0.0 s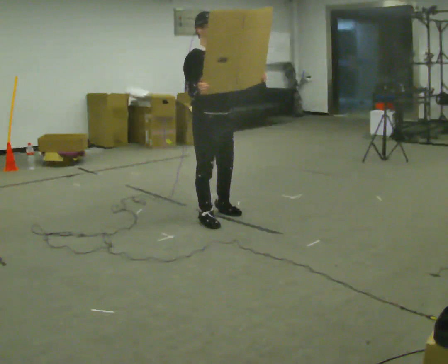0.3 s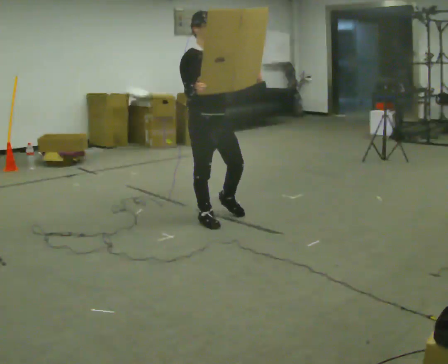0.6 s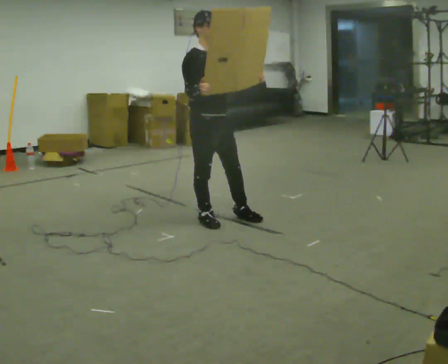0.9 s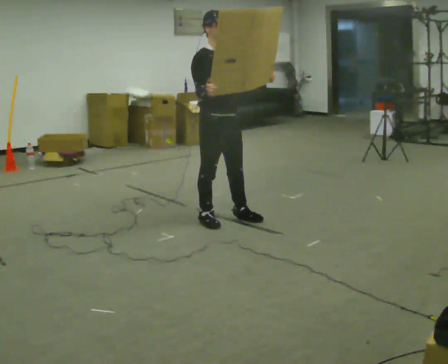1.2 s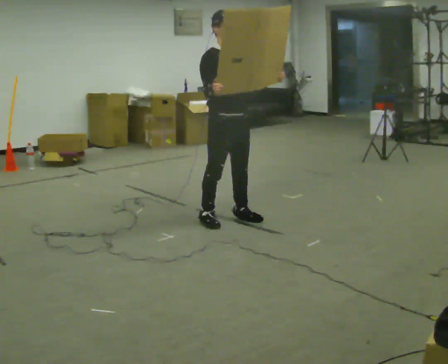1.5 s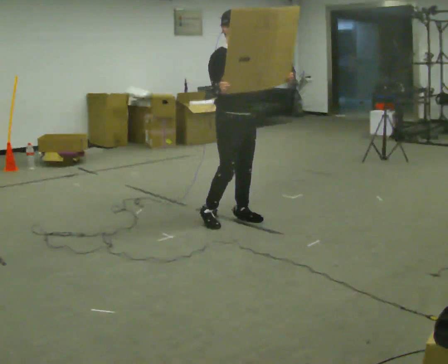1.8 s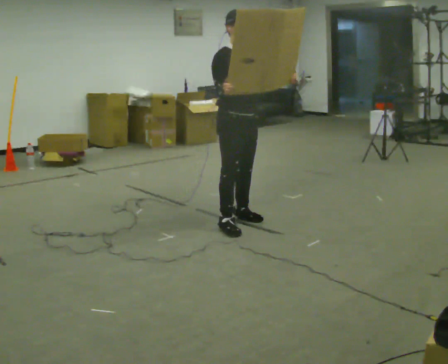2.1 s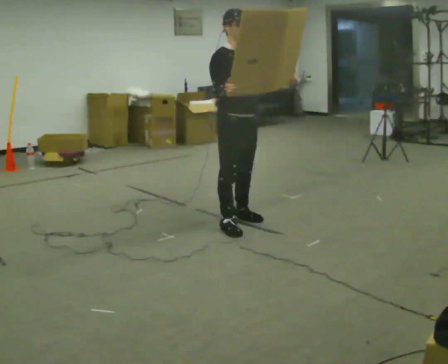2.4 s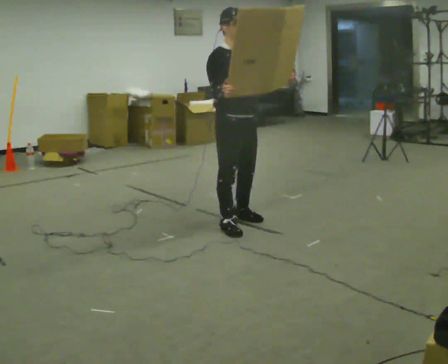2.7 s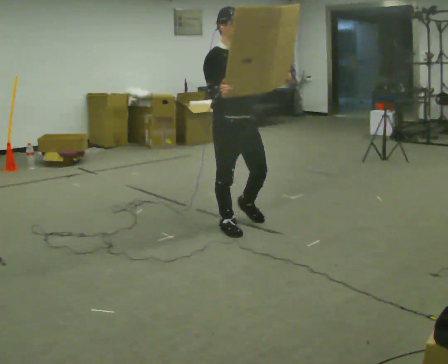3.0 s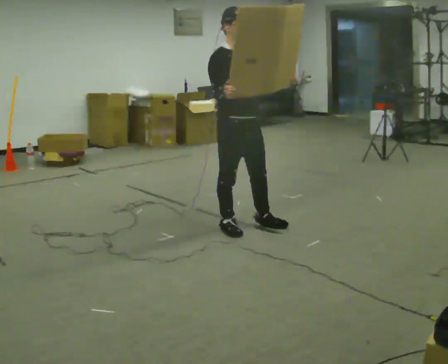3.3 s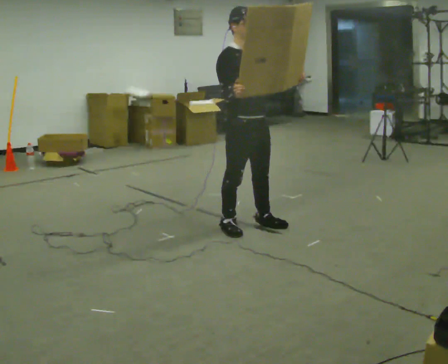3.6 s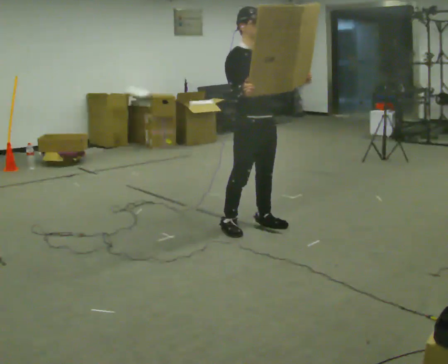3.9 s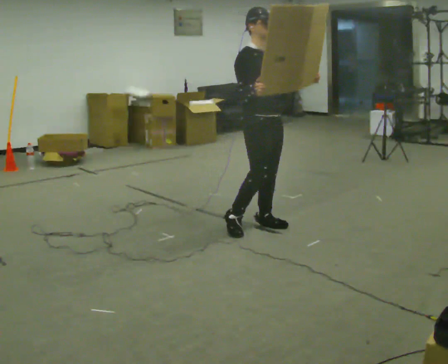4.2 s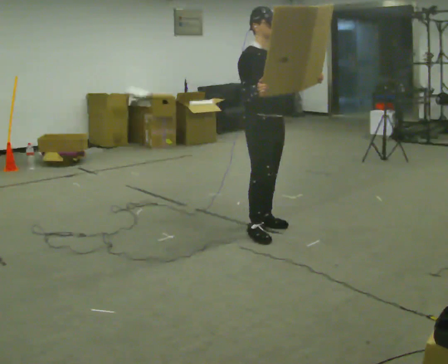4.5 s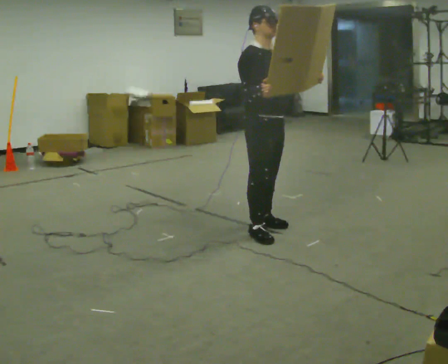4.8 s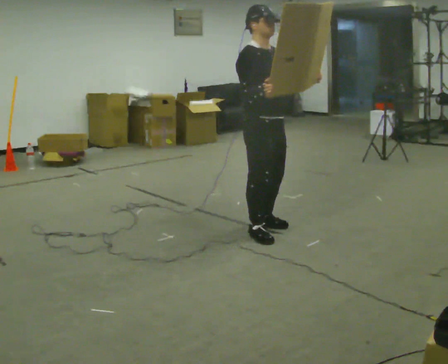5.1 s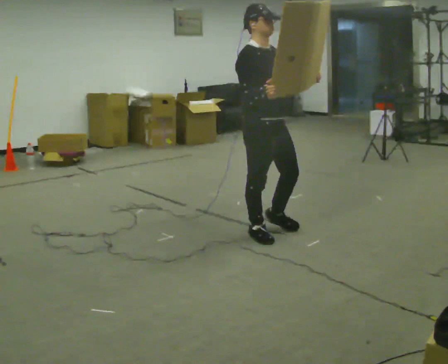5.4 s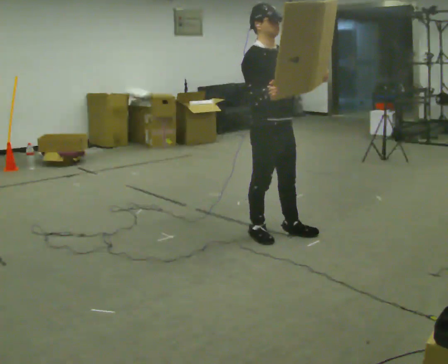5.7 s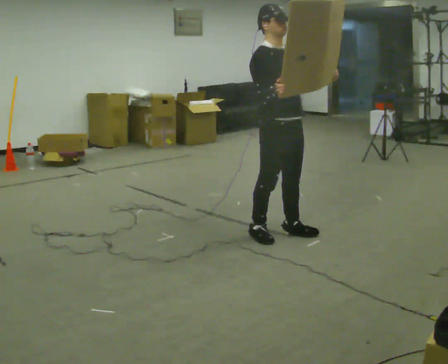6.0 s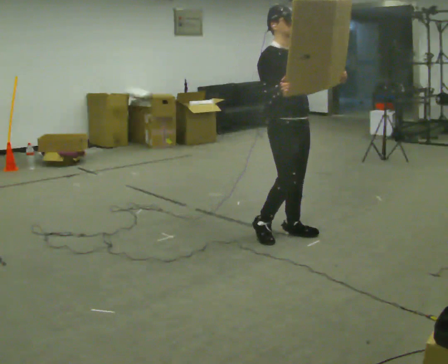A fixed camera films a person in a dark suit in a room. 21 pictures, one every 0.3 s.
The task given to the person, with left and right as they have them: Carry the large light object across the room, back and forth. It is awkward rather than heavy, so hold it however works.
0.0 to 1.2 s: The person moves a little, or ends about where they began.
1.2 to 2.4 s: In the picture they go toward the camera, about 0.25 m in 1 step, which for them is forward.
2.4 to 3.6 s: In the picture they go to the right, about 0.25 m in 1 step, which for them is forward.
3.6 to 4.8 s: The person moves a little, or ends about where they began.
4.8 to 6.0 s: In the picture they go to the right, about 0.25 m in 1 step, which for them is forward.
The film runs forward here.
